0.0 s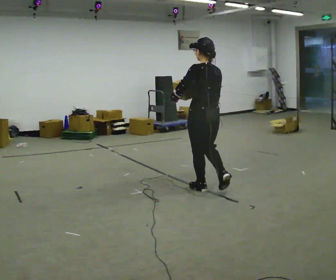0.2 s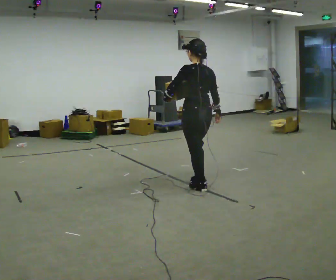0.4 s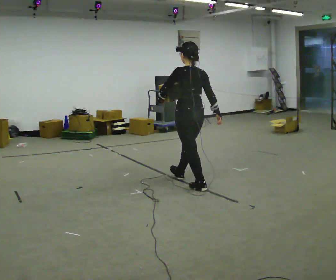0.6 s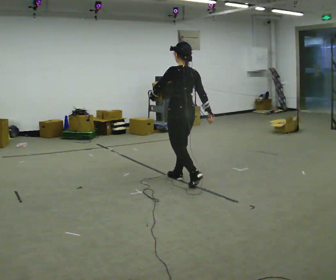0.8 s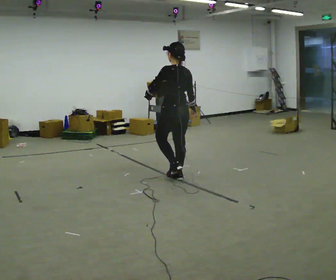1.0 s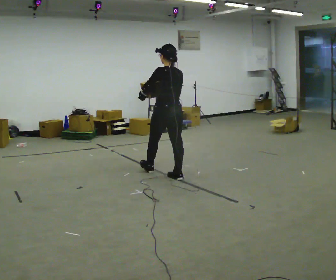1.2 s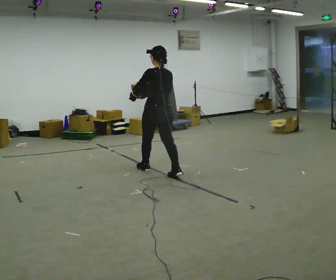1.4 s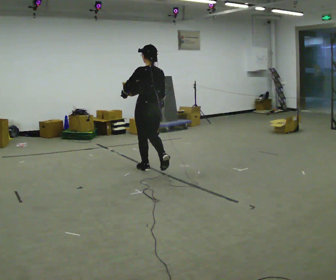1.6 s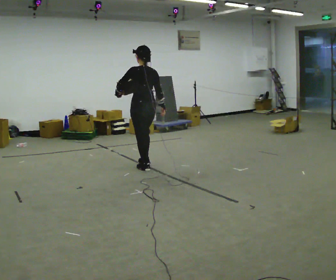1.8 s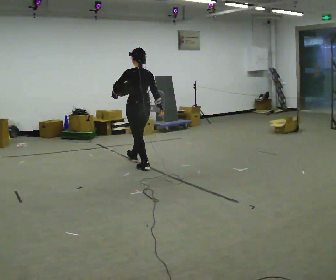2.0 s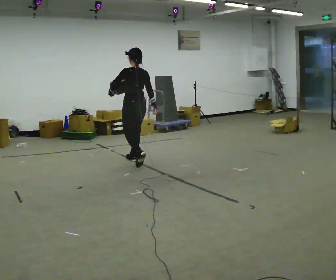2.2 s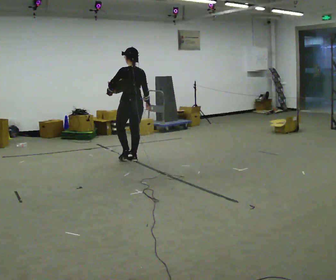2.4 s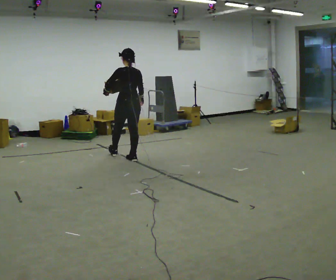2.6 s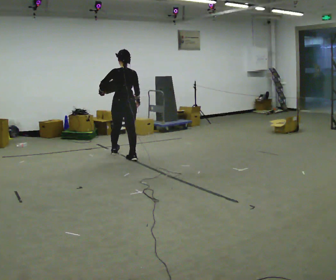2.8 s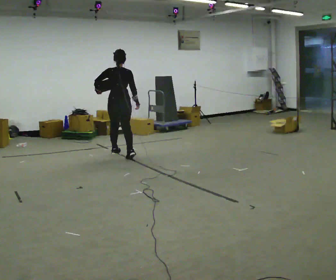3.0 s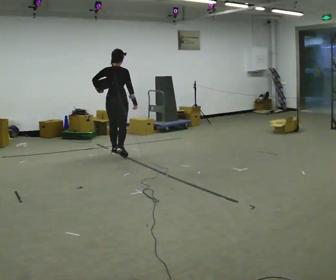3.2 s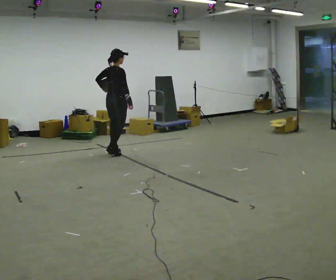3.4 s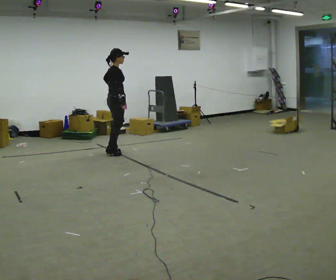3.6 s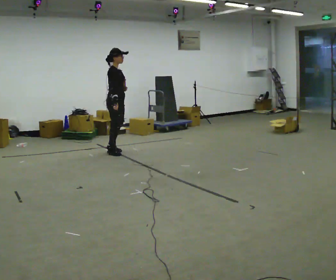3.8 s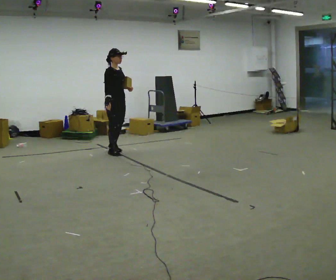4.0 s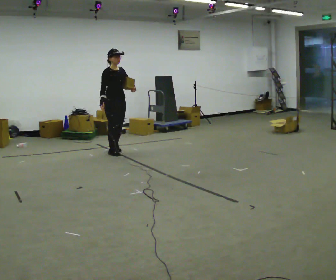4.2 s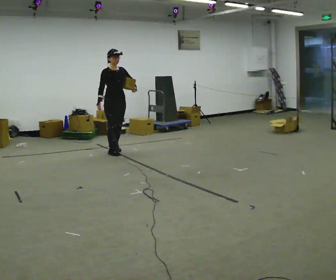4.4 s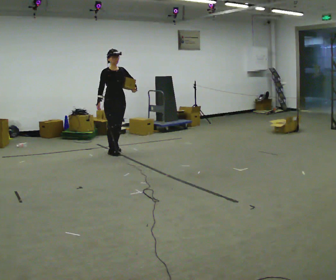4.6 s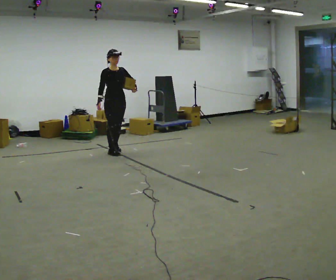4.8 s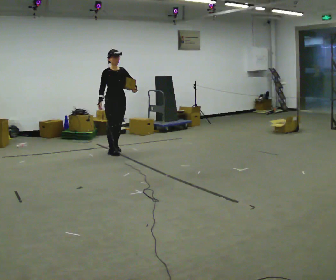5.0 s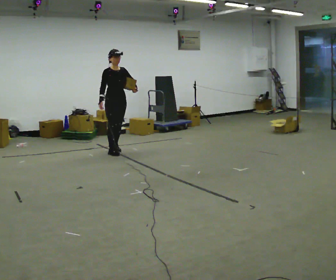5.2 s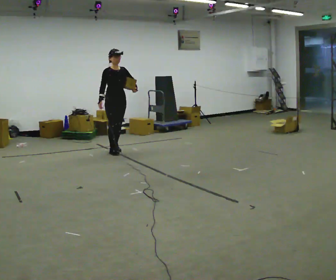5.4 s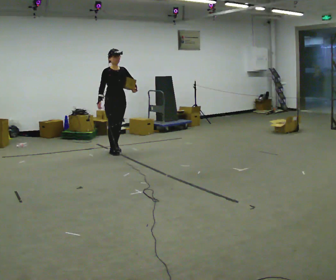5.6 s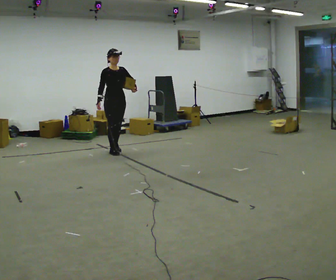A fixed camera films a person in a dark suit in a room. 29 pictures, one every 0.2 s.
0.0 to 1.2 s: In the picture they go away from the camera and to the left, about 1 m in 2 steps, which for them is forward.
1.2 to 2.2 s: In the picture they go away from the camera and to the left, about 1 m in 1 step, which for them is forward.
2.2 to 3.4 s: The part of the body nearest the lens slides to the left as the person turns to their right by about 105 degrees. In the picture they go away from the camera and to the left, about 0.5 m in 1 step.
3.4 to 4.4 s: The person turns about 75 degrees to their right, clockwise seen from above, so the part of the body nearest the lens slides to the left. In the picture their left hand goes to the right.
4.4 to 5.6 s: The person moves a little, or ends about where they began.
The film runs forward here.
